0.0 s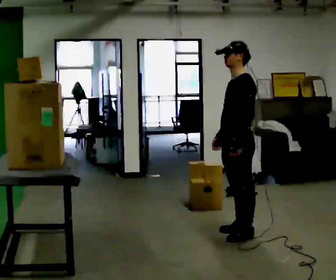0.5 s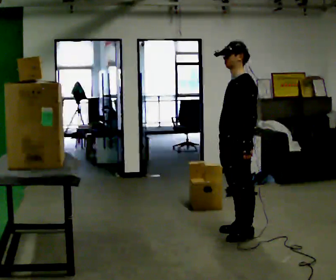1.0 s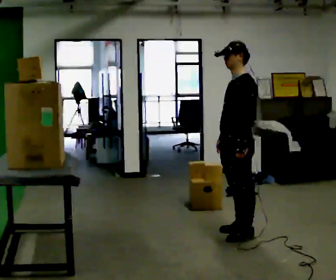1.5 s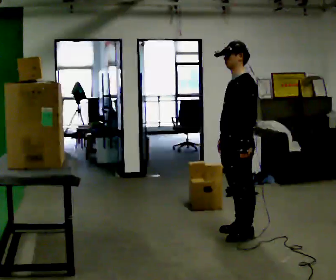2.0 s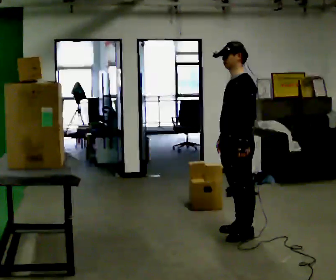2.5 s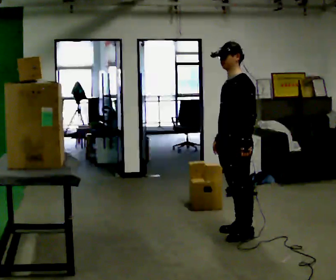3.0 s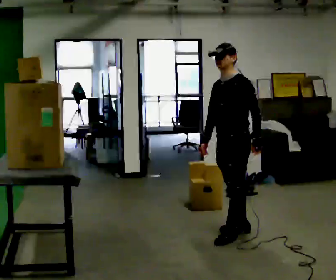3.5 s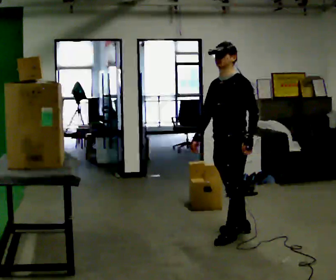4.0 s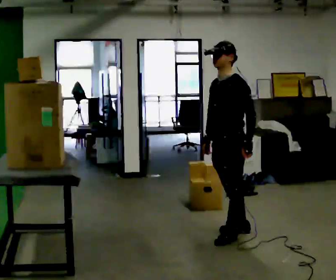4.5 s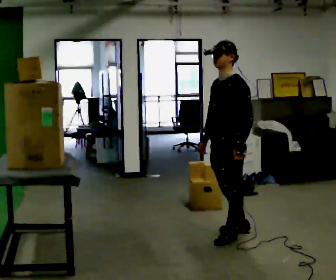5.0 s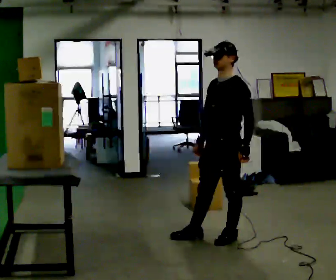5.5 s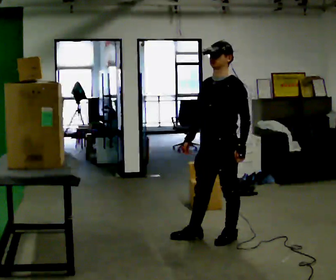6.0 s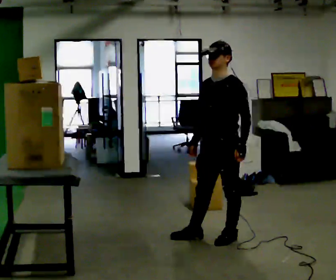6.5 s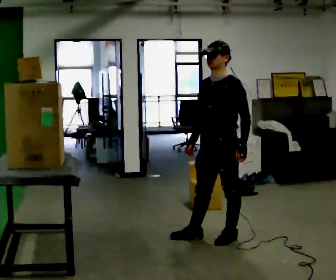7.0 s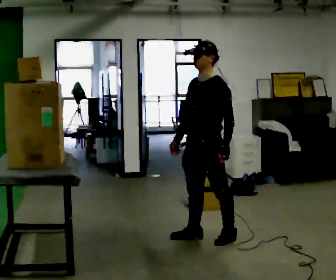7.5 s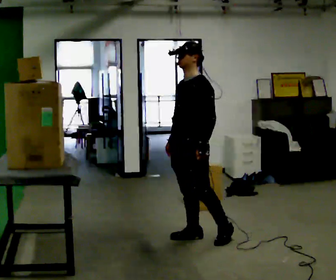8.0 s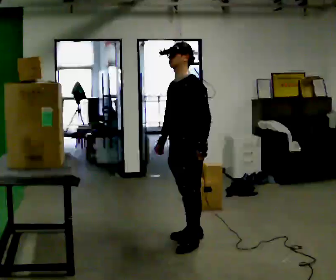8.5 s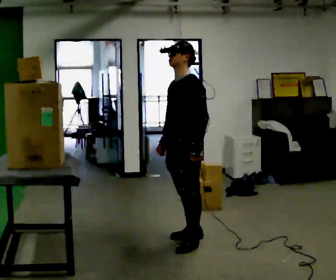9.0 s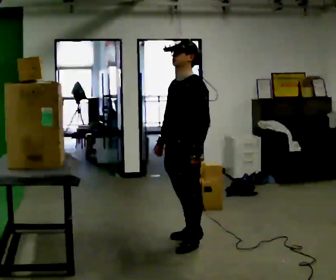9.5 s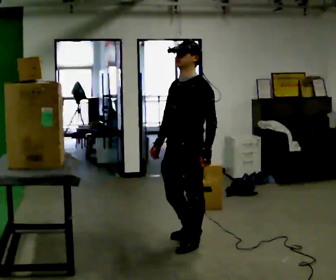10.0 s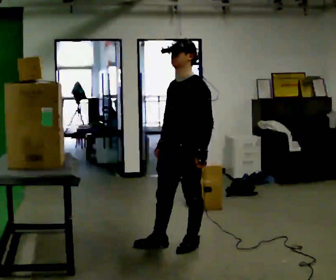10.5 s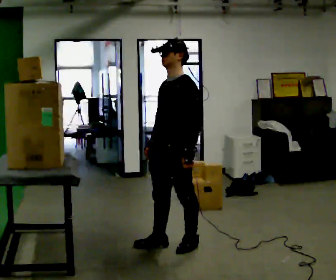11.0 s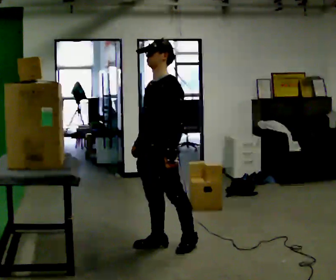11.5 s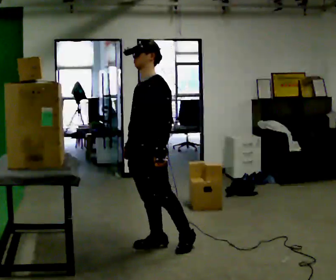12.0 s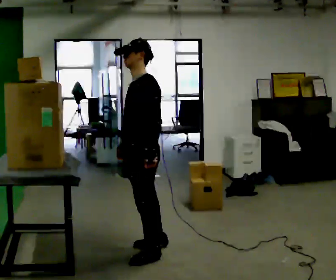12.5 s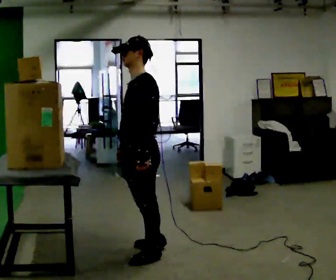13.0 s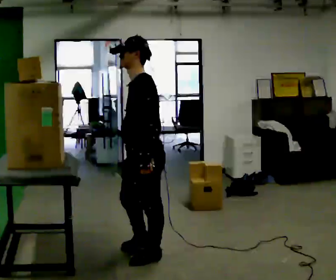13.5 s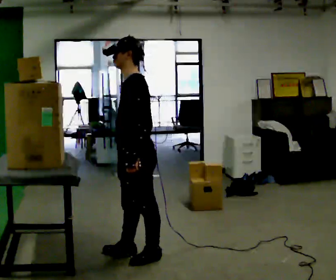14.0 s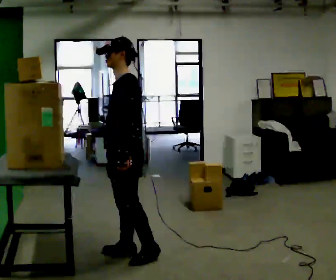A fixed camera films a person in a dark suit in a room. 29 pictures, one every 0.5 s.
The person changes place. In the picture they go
to the left.
0.0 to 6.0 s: The part of the body nearest the lens slides to the right as the person turns to their left by about 30 degrees. In the picture they go to the left, about 0.25 m in 2 steps, which for them is forward.
6.0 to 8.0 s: In the picture they go to the left, about 0.25 m in 1 step, which for them is to their right and forward.
8.0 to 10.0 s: In the picture they go toward the camera, about 0.25 m in 1 step, which for them is to their left and forward.
10.0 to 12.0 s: In the picture they go to the left, about 0.25 m in 1 step, which for them is forward and to their right.
12.0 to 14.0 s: The person moves a little, or ends about where they began.
The film runs forward here.
